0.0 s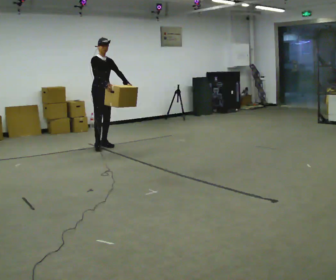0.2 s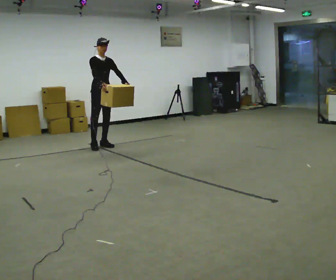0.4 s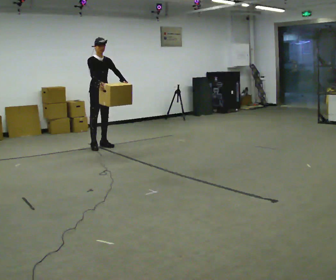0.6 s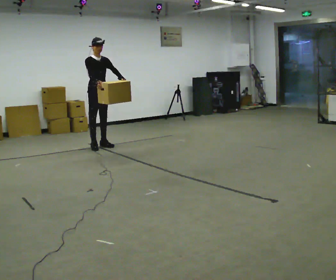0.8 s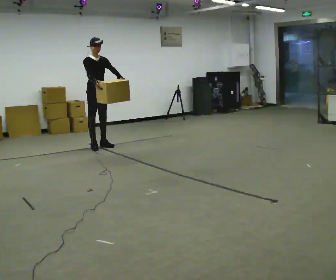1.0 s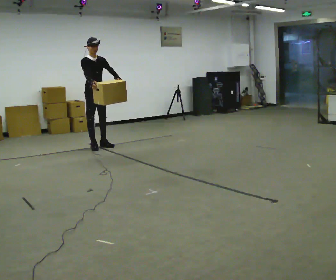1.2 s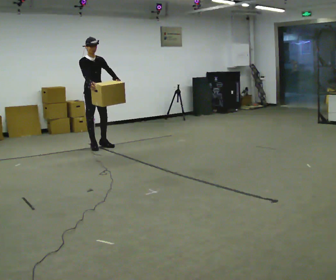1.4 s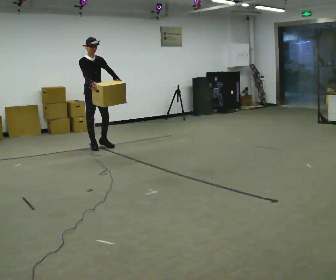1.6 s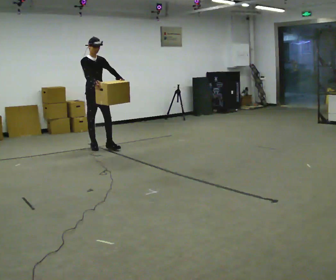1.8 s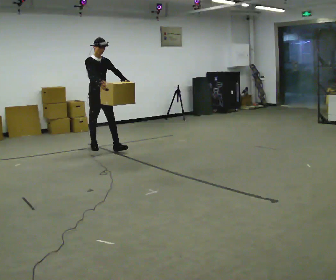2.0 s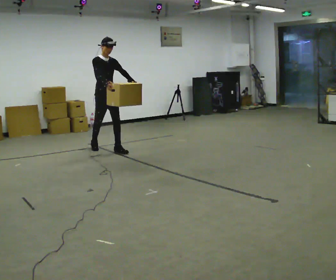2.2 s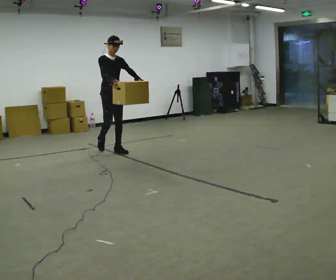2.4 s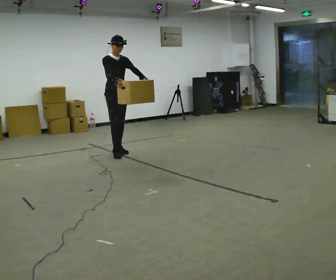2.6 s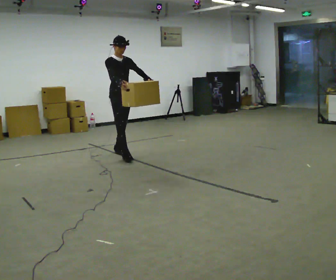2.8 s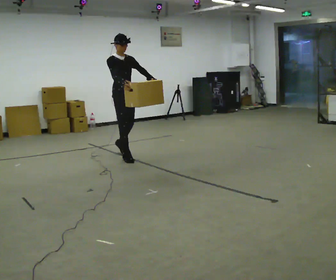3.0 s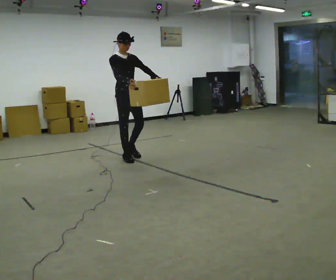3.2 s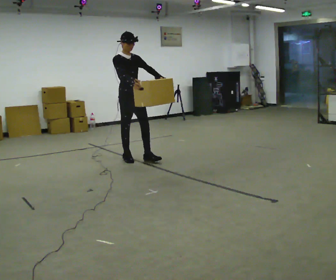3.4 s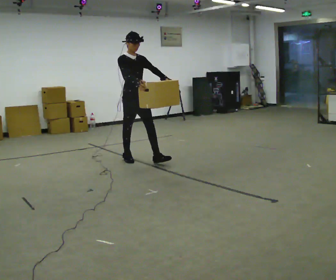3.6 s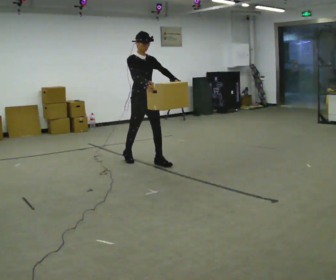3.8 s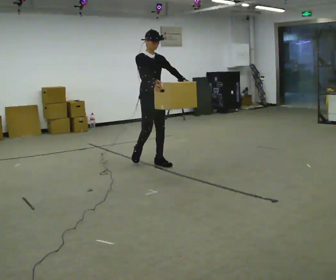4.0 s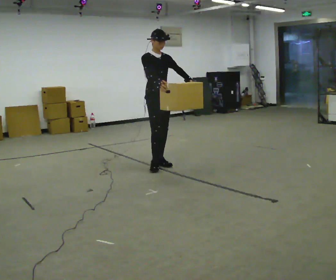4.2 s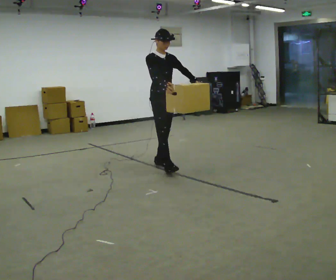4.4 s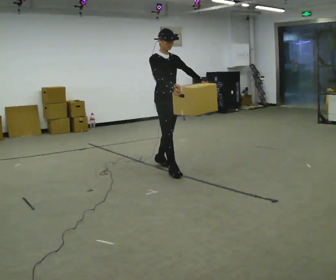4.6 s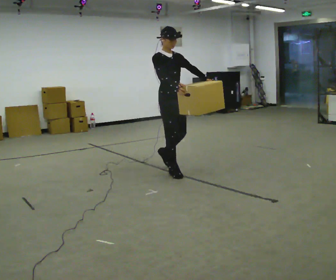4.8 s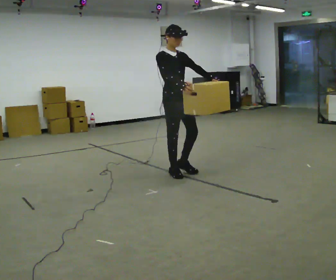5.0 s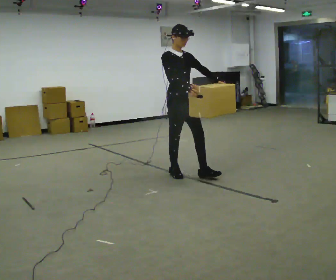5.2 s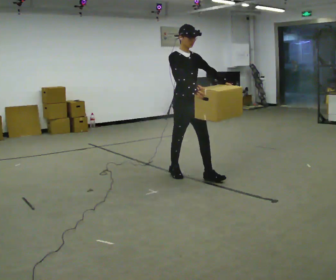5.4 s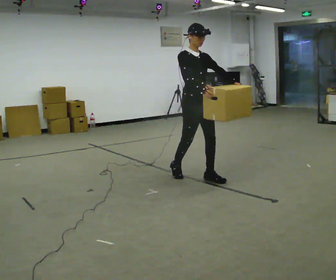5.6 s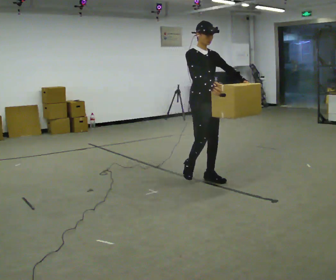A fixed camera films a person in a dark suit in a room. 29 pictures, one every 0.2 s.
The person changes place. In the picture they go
toward the camera.
0.0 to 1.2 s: The person moves a little, or ends about where they began.
1.2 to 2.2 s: In the picture they go toward the camera and to the right, about 0.5 m in 1 step, which for them is forward.
2.2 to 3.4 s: In the picture they go toward the camera and to the right, about 0.5 m in 1 step, which for them is forward.
3.4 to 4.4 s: In the picture they go toward the camera and to the right, about 0.5 m in 2 steps, which for them is forward.
4.4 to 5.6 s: In the picture they go toward the camera and to the right, about 0.75 m in 1 step, which for them is forward.
The film runs forward here.
